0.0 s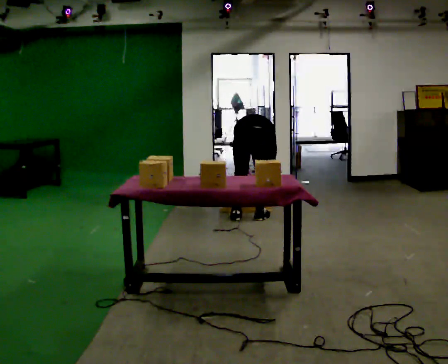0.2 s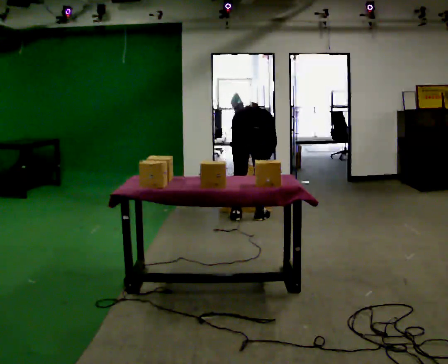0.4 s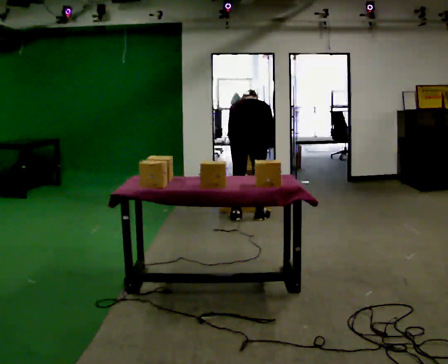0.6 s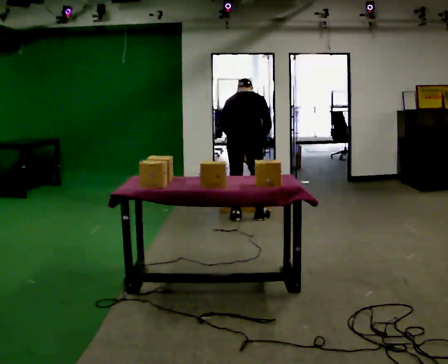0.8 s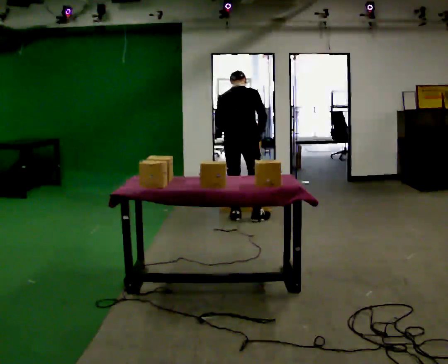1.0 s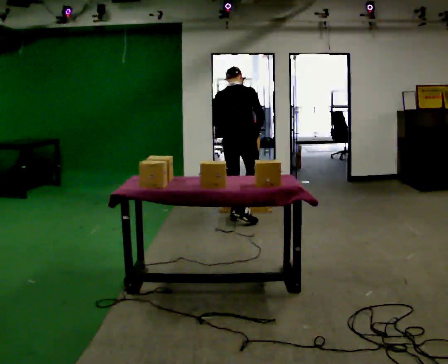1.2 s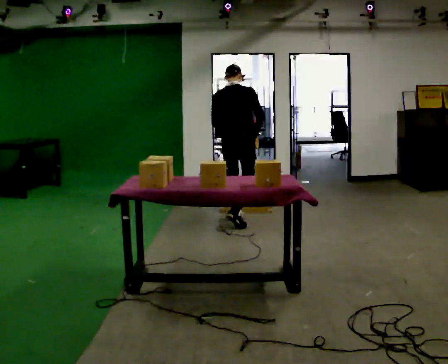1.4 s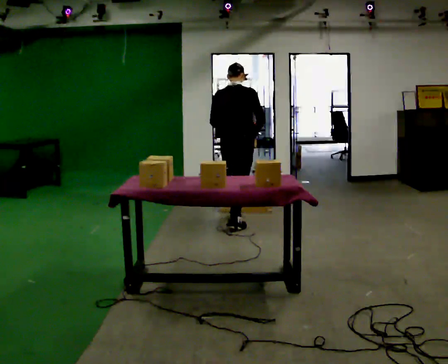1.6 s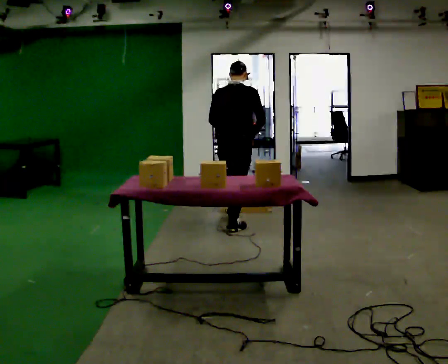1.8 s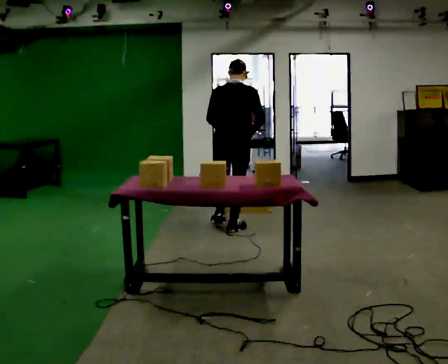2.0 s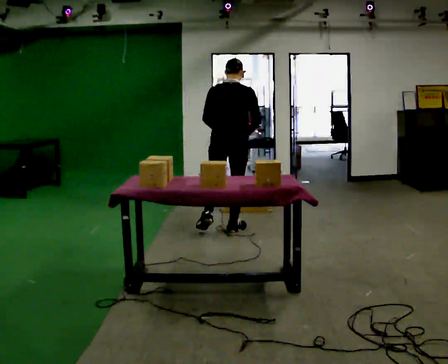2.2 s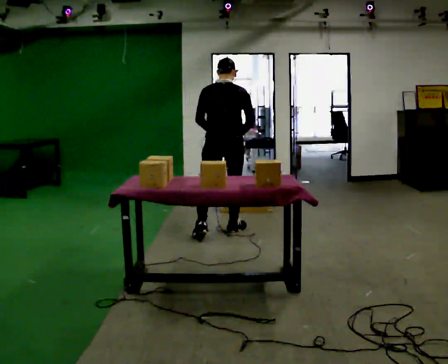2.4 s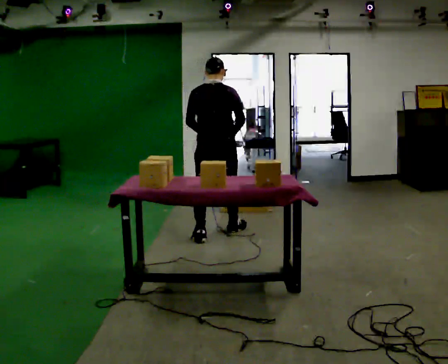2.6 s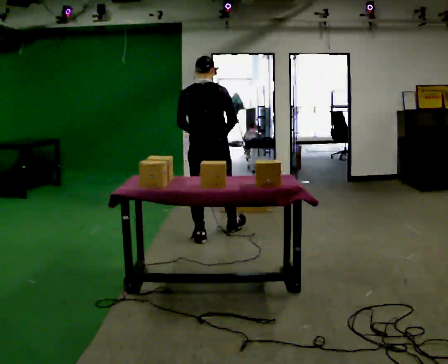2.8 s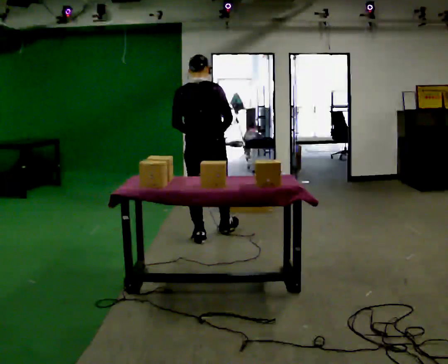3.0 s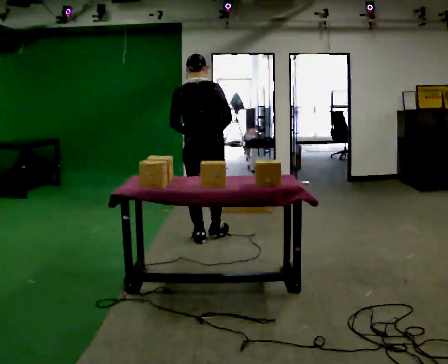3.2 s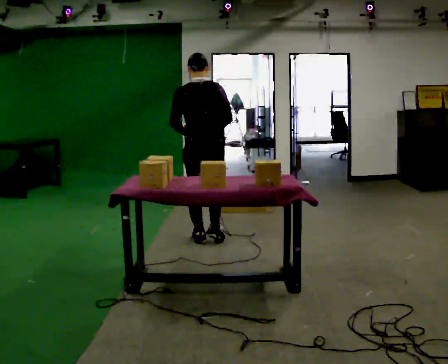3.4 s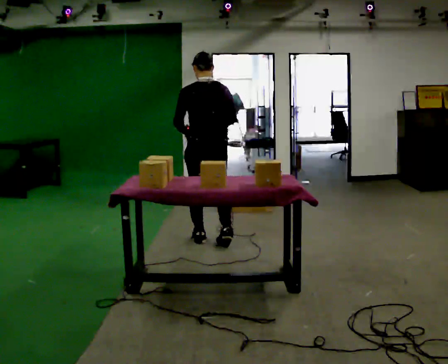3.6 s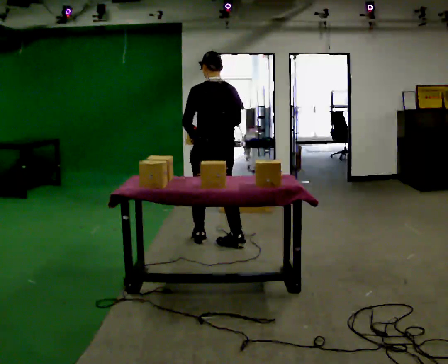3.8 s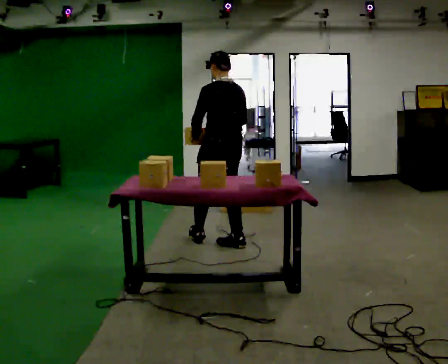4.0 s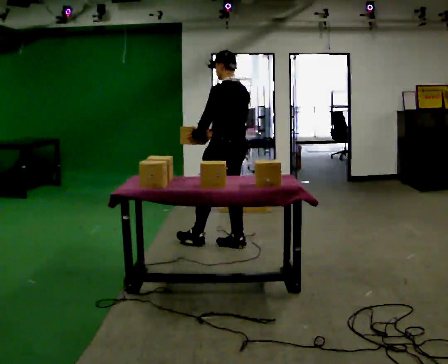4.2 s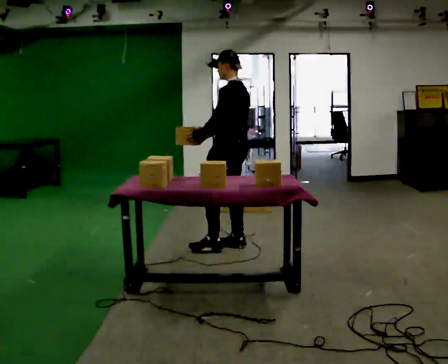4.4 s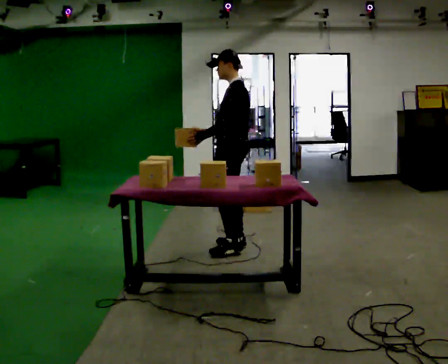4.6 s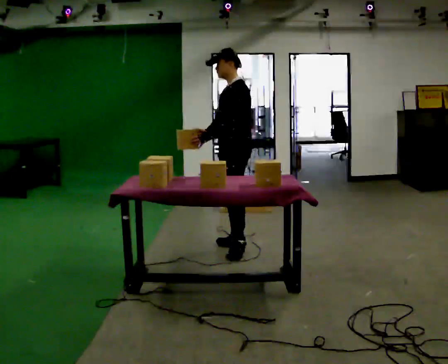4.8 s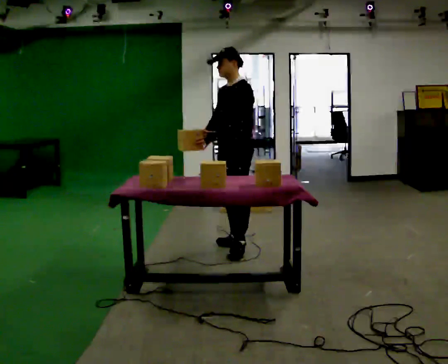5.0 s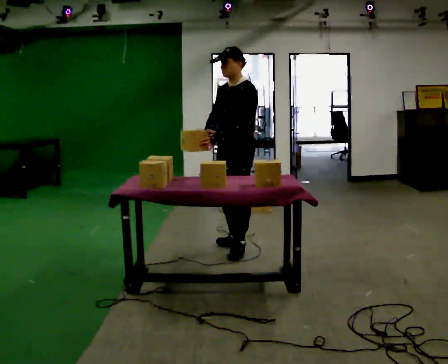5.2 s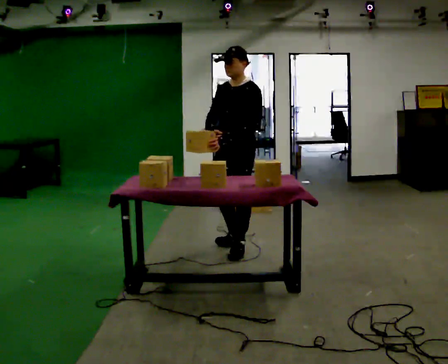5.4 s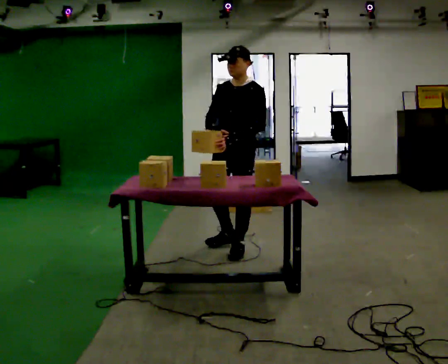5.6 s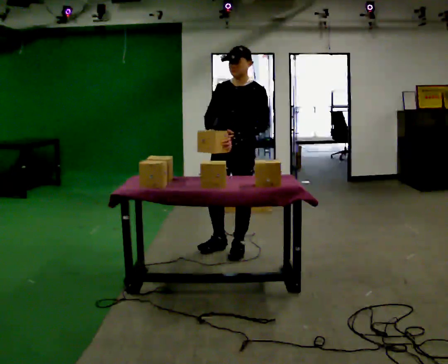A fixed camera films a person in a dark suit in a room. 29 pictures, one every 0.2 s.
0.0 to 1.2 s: In the picture they go to the left, about 0.25 m in 1 step, which for them is to their left. The upper body goes upward. The upper body tips toward the camera, its near side rolling downward, as they lean back or straighten. In the picture their right hand goes upward.
1.2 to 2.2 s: In the picture they go toward the camera, about 0.5 m in 1 step, which for them is backward.
2.2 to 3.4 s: In the picture they go toward the camera and to the left, about 0.25 m in 1 step, which for them is backward.
3.4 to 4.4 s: The person turns about 75 degrees to their left, counterclockwise seen from above, so the part of the body nearest the lens slides to the right. In the picture they go to the right, about 0.25 m in 1 step.
4.4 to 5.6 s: The part of the body nearest the lens slides to the right as the person turns to their left by about 60 degrees. In the picture they go toward the camera, about 0.25 m in 1 step. In the picture their left hand goes to the right.
The film runs backward here.
